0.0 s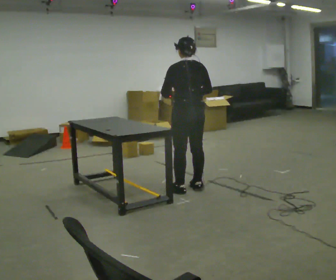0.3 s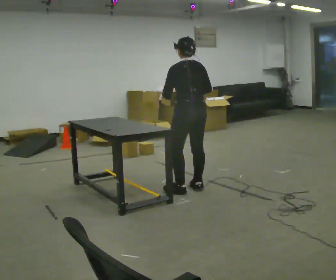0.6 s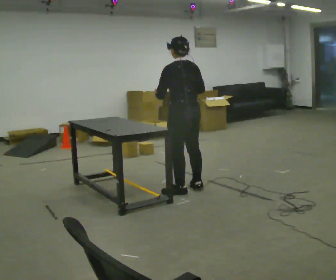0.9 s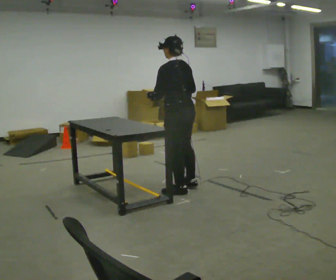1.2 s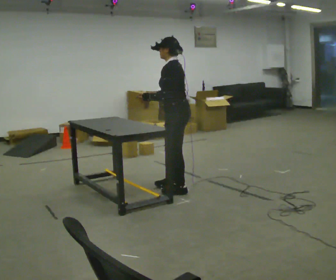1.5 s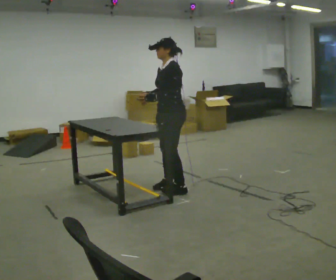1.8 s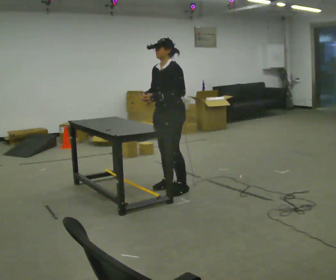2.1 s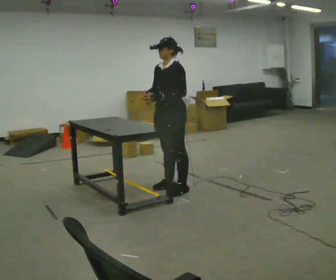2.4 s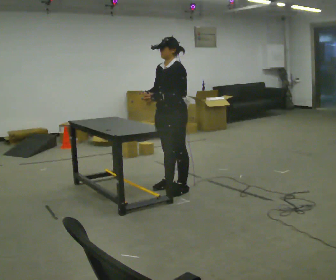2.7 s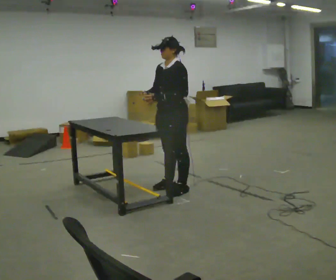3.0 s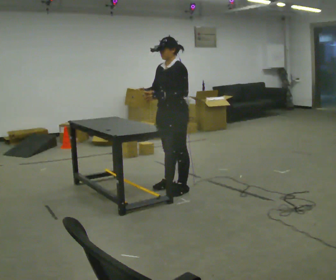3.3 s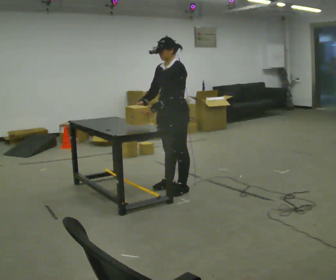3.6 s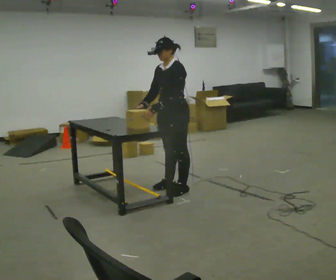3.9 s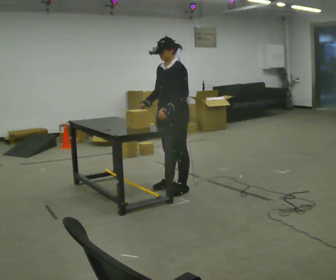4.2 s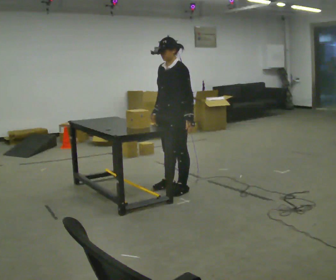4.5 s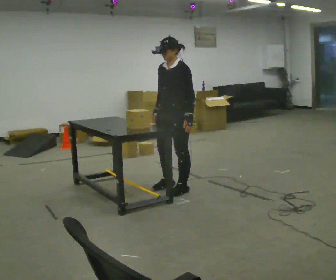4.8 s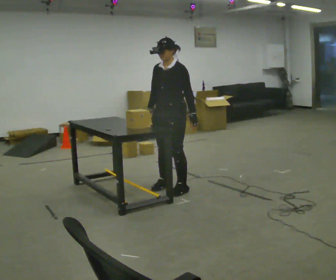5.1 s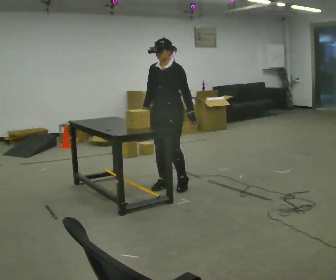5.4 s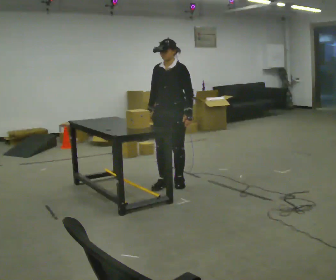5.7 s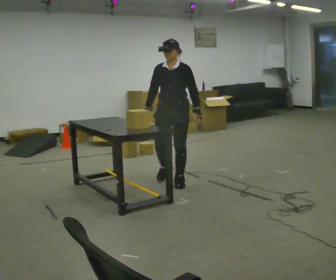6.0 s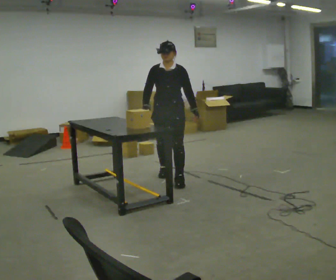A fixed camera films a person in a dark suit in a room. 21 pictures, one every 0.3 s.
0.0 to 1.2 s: Seen from above the body turns counterclockwise, about 45 degrees: to their left, with its near side sliding to the right. In the picture their right hand goes to the left.
1.2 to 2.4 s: The person turns about 45 degrees to their left, counterclockwise seen from above, so the part of the body nearest the lens slides to the right.
2.4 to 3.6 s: The person moves a little, or ends about where they began.
3.6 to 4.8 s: In the picture their left hand goes to the right.
4.8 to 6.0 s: The part of the body nearest the lens slides to the right as the person turns to their left by about 30 degrees. In the picture they go away from the camera, about 0.25 m in 2 steps, which for them is backward and to their right.
The film runs backward here.
